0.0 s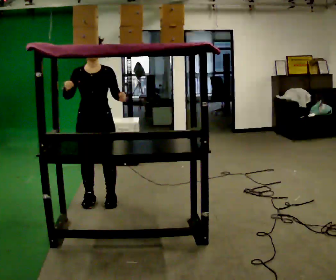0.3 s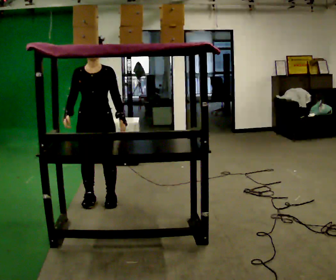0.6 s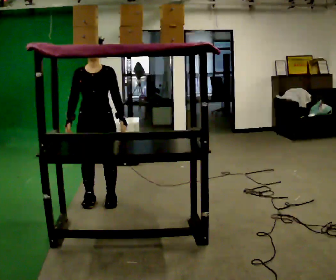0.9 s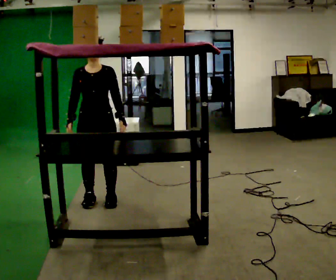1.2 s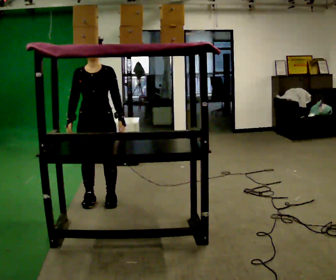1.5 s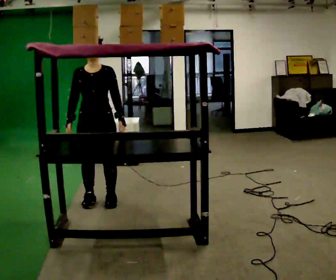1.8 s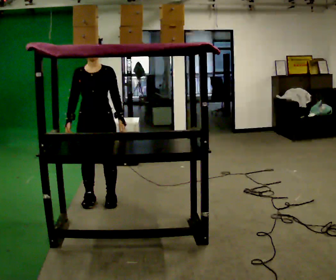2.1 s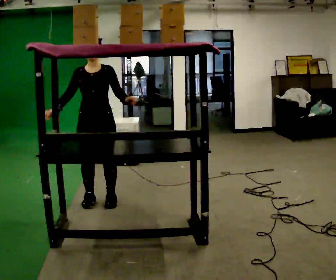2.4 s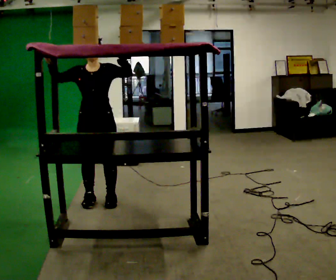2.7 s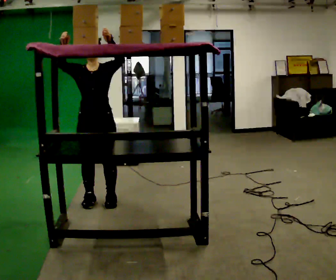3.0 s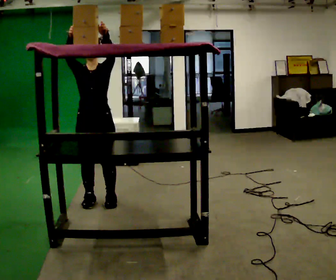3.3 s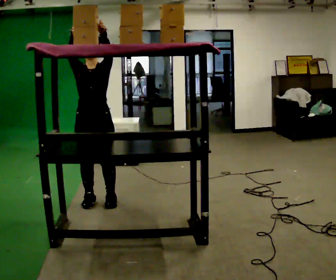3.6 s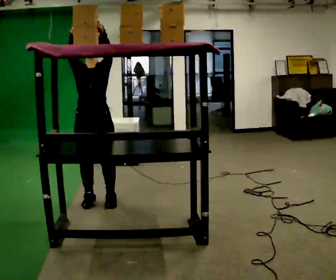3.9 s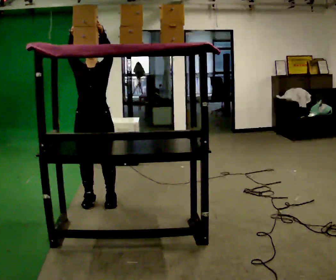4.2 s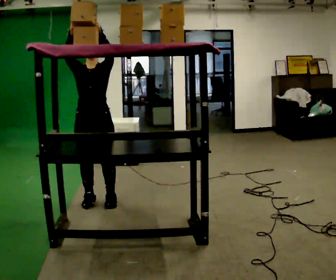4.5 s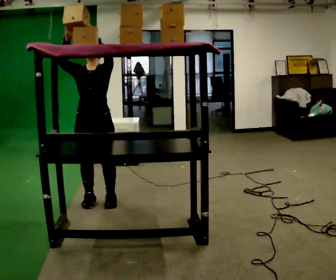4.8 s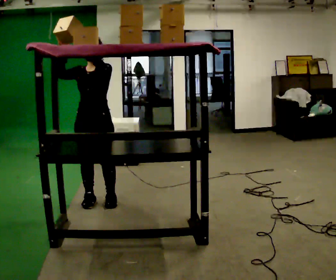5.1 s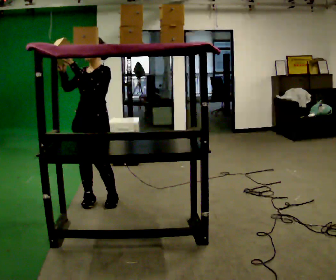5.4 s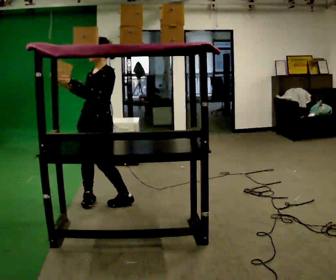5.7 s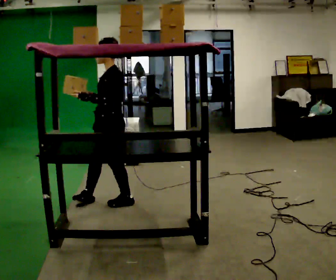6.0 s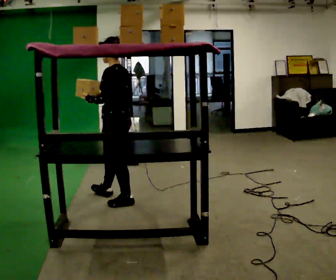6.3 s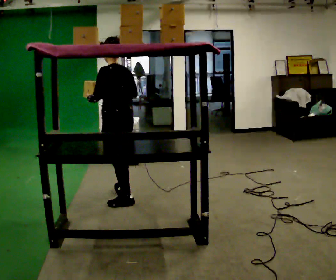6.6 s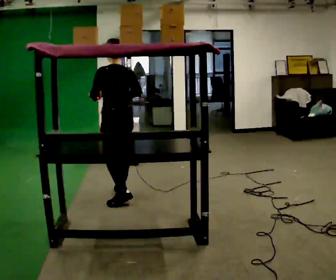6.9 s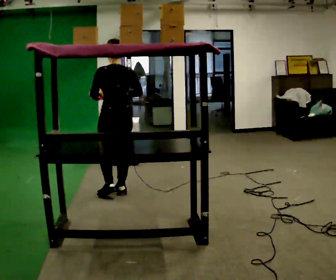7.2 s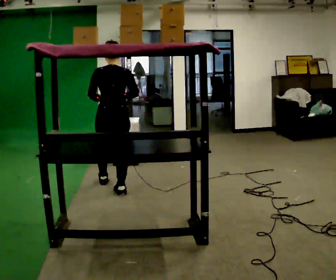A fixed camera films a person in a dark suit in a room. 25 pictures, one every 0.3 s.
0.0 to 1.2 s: The person moves a little, or ends about where they began.
1.2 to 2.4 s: In the picture their left hand goes upward.
2.4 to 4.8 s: The person moves a little, or ends about where they began.
4.8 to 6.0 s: Seen from above the body turns clockwise, about 90 degrees: to their right, with its near side sliding to the left. In the picture they go to the right, about 0.25 m in 1 step. In the picture their right hand goes to the right and downward.
6.0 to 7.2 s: The part of the body nearest the lens slides to the left as the person turns to their right by about 60 degrees. In the picture they go away from the camera, about 0.5 m in 1 step.
The film runs forward here.
